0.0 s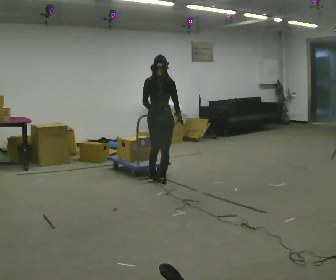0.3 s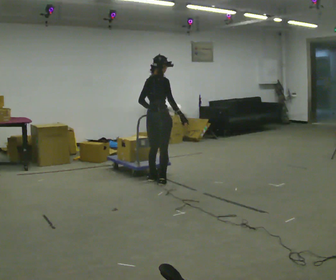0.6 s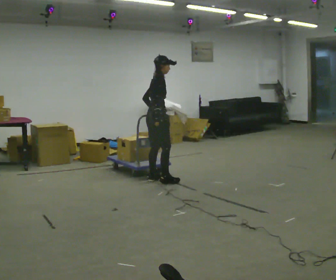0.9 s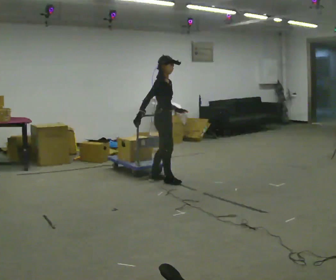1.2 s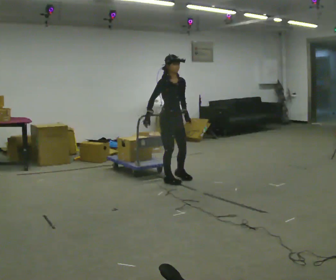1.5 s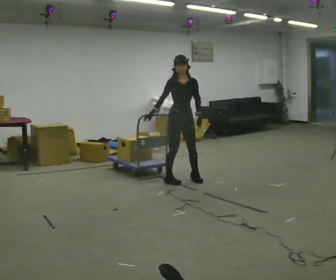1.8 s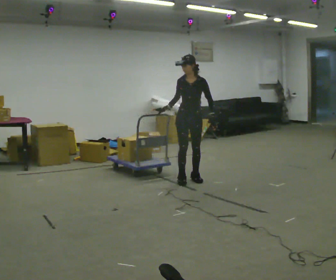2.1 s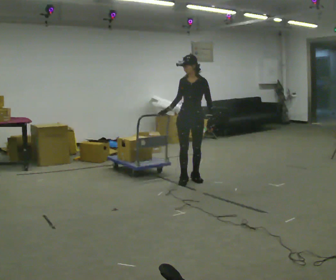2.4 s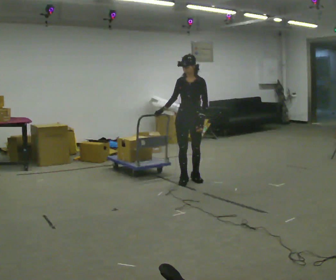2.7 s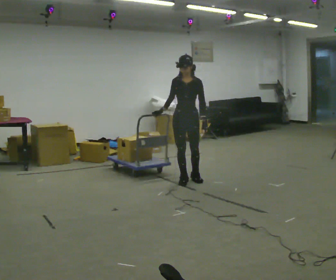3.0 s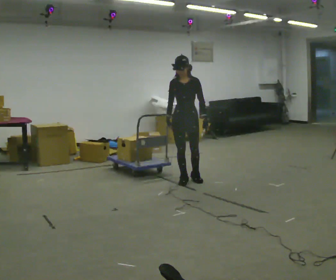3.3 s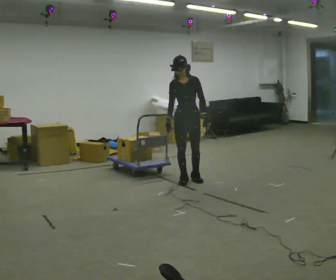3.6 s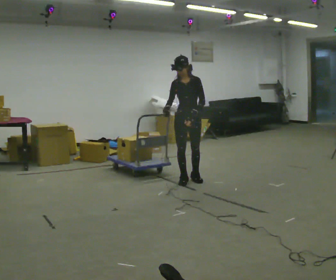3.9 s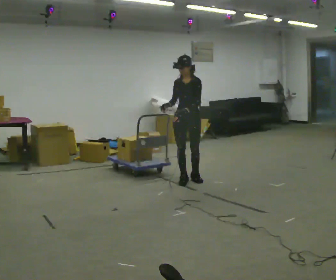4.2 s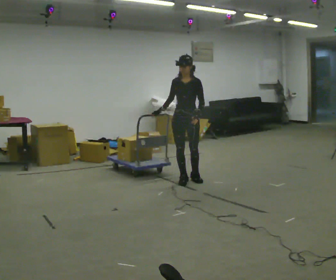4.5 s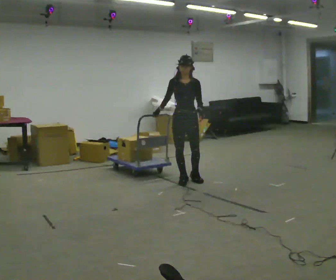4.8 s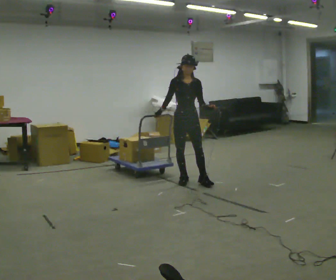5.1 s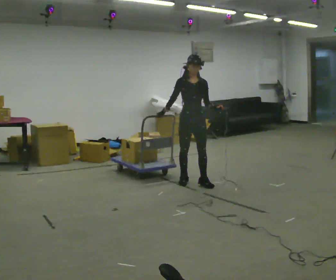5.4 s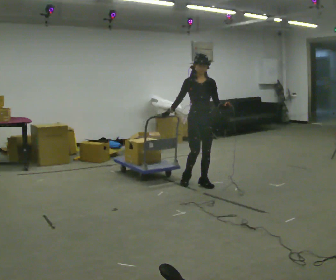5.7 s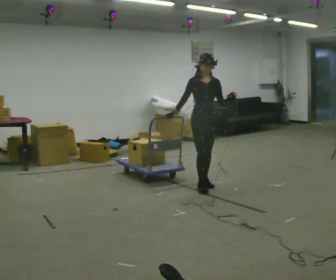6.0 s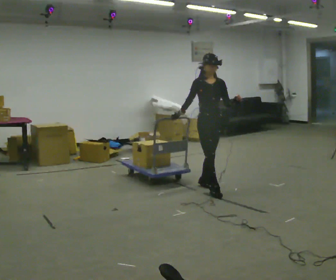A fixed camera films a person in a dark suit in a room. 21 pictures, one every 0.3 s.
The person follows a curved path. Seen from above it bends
clockwise.
0.0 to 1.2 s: Seen from above the body turns clockwise, about 135 degrees: to their right, with its near side sliding to the left. In the picture they go to the right, about 0.25 m in 1 step. In the picture their right hand goes to the left, the arm swinging clockwise.
1.2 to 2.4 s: The person turns about 45 degrees to their right, clockwise seen from above, so the part of the body nearest the lens slides to the left. In the picture they go to the right, about 0.25 m in 2 steps, which for them is to their left.
2.4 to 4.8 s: Seen from above the body turns counterclockwise, about 30 degrees: to their left, with its near side sliding to the right.
4.8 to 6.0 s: In the picture they go toward the camera and to the right, about 0.5 m in 2 steps, which for them is forward and to their left.
The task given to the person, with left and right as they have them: Pull the cart behind you as you walk backward across the room. The operator will confirm the space behind you is clear before each take.
The film runs forward here.
